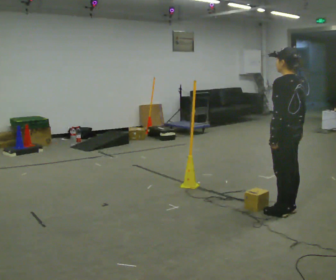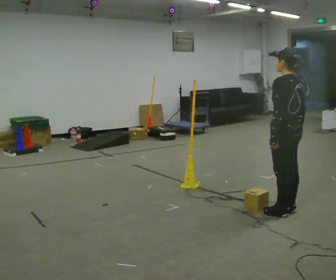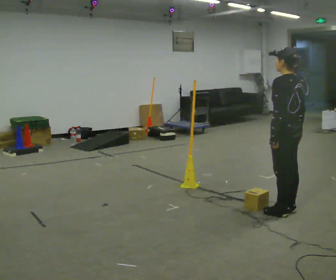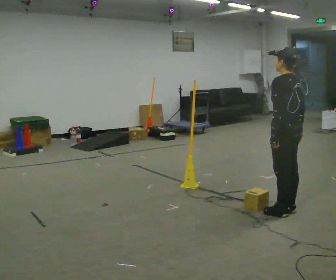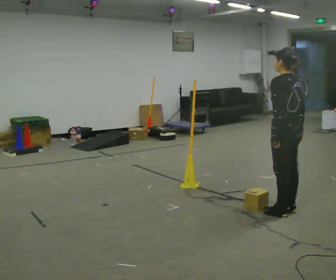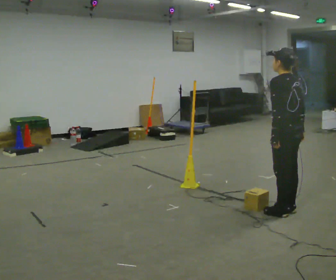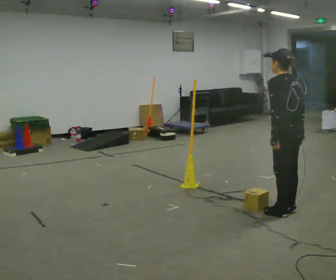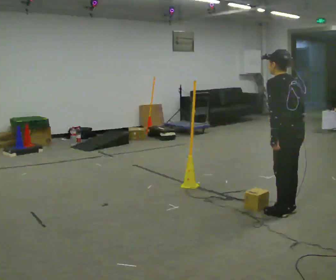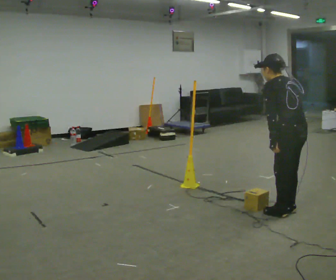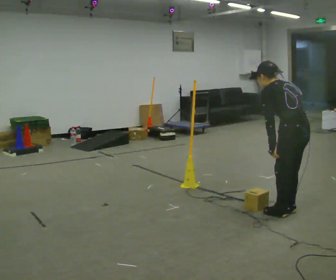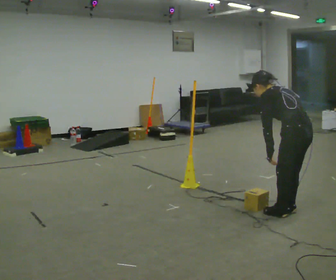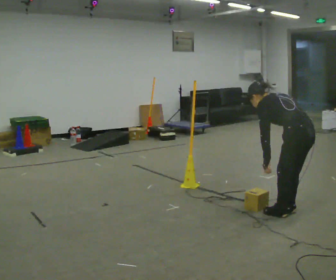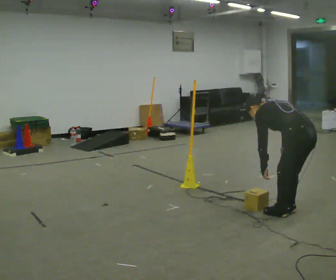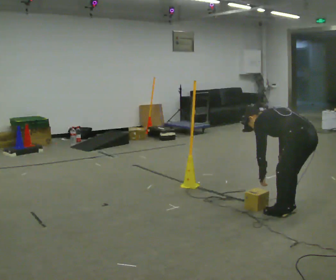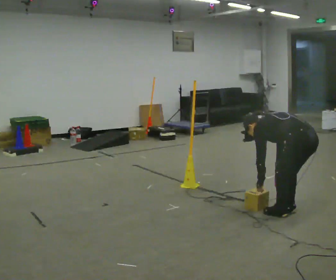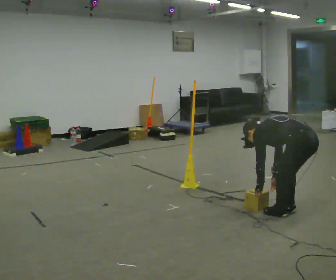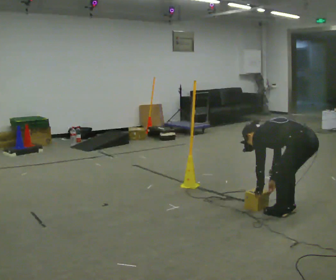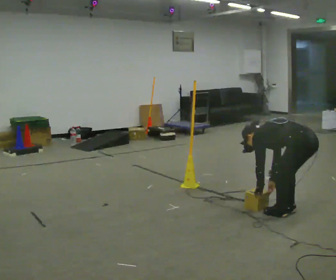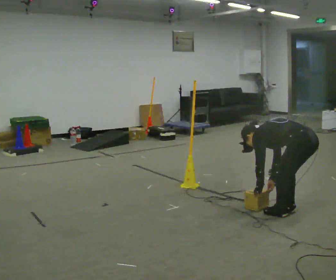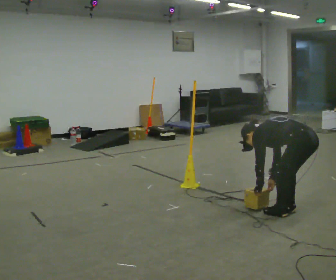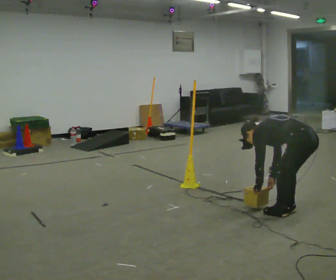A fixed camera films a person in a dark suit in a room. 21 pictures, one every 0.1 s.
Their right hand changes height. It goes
downward.
The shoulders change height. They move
downward.
0.0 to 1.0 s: In the picture the upper body tilts counterclockwise, shoulders to the left, as they bend forward.
1.0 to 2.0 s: The upper body goes downward. In the picture the upper body tilts counterclockwise, shoulders to the left, as they bend forward. In the picture their right hand goes downward.
The film runs backward here.
